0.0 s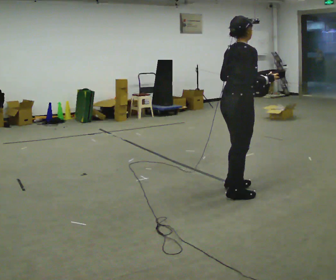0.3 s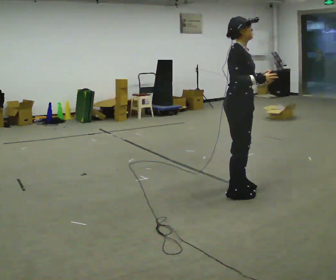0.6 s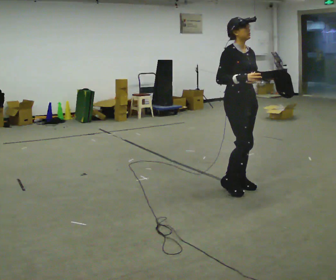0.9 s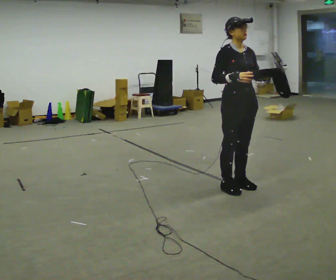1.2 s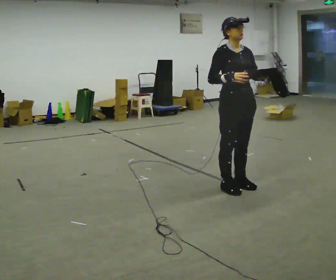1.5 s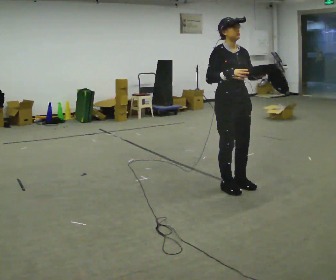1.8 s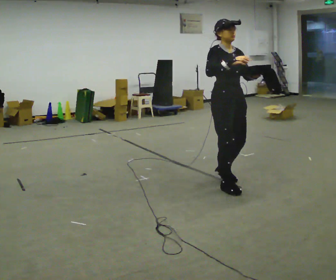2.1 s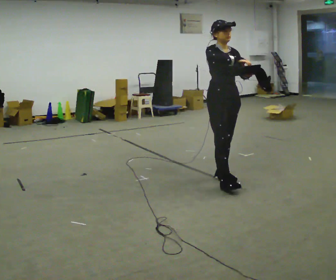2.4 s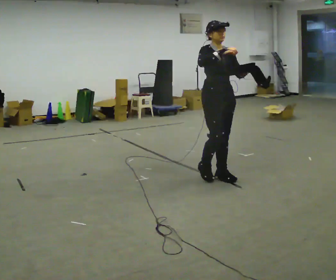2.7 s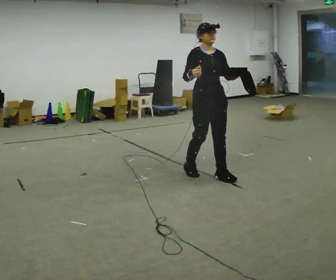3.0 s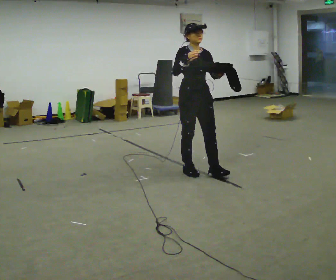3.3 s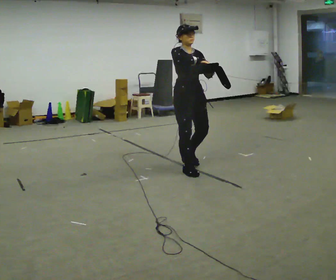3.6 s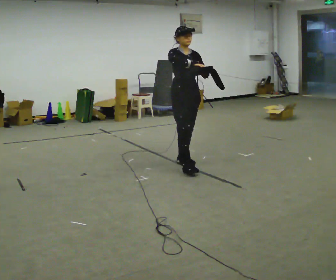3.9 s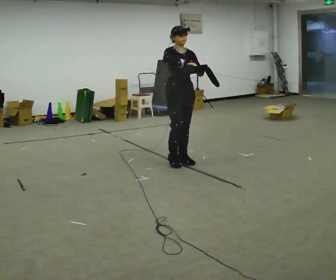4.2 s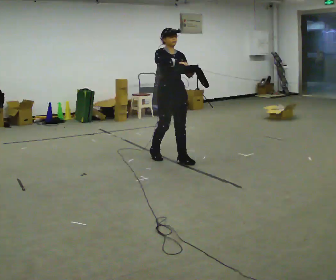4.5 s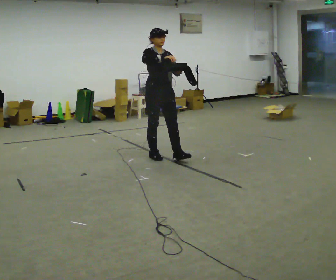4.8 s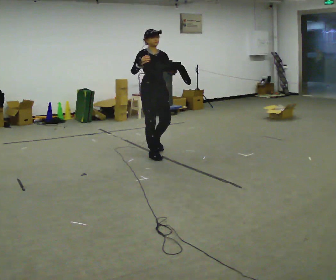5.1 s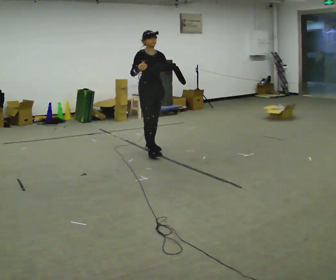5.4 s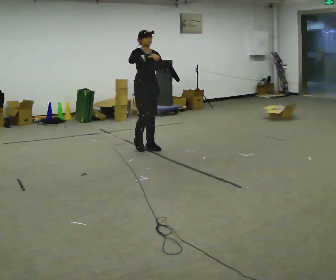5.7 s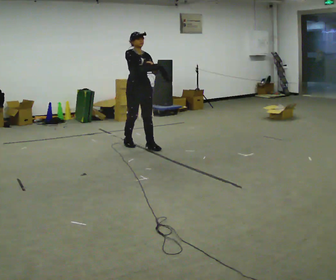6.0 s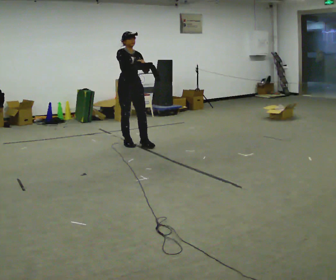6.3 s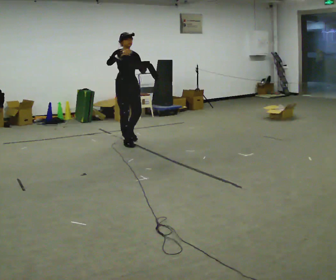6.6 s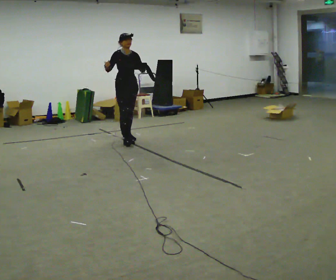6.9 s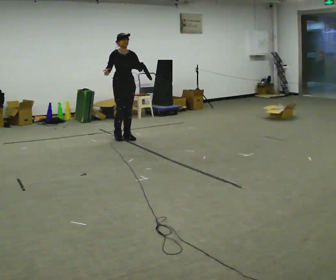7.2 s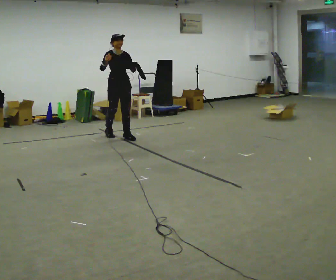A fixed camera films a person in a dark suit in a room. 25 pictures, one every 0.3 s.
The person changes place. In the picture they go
away from the camera.
0.0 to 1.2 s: The person turns about 90 degrees to their right, clockwise seen from above, so the part of the body nearest the lens slides to the left. In the picture they go away from the camera, about 0.25 m in 1 step.
1.2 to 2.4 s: In the picture they go away from the camera, about 0.25 m in 2 steps, which for them is backward.
2.4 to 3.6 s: In the picture they go away from the camera and to the left, about 0.5 m in 1 step, which for them is backward.
3.6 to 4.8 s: In the picture they go away from the camera and to the left, about 0.5 m in 2 steps, which for them is backward.
4.8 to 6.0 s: In the picture they go away from the camera and to the left, about 0.75 m in 2 steps, which for them is backward.
6.0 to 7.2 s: In the picture they go away from the camera and to the left, about 0.5 m in 1 step, which for them is backward.
The film runs backward here.
